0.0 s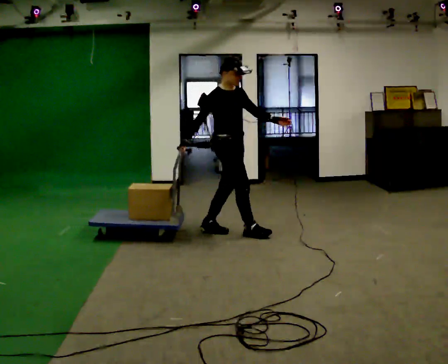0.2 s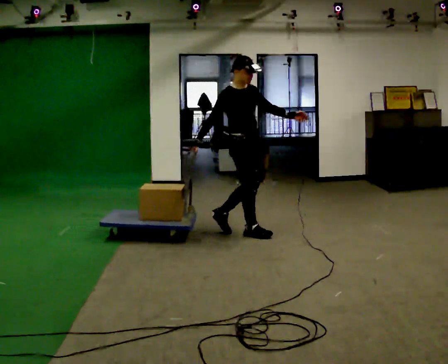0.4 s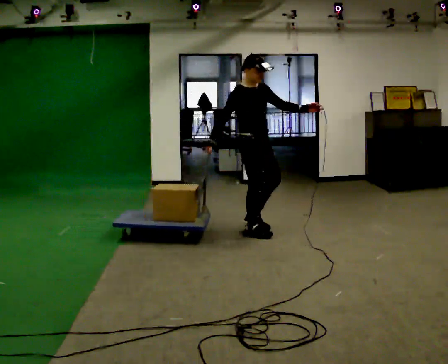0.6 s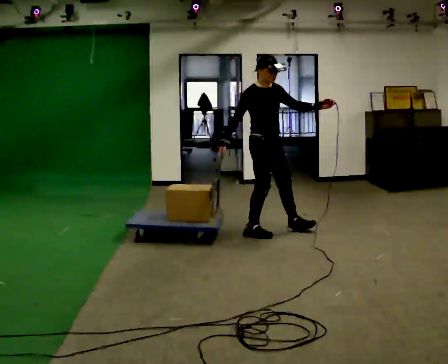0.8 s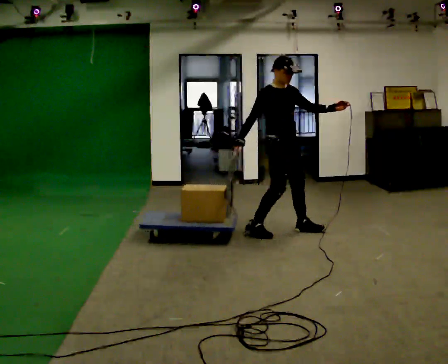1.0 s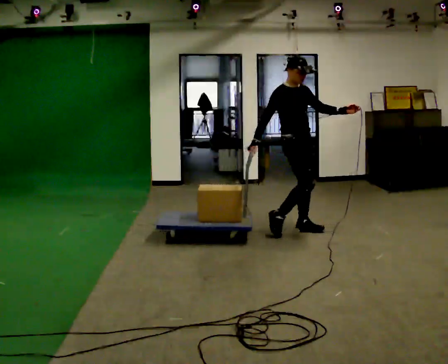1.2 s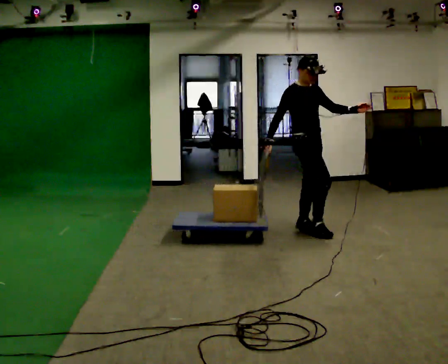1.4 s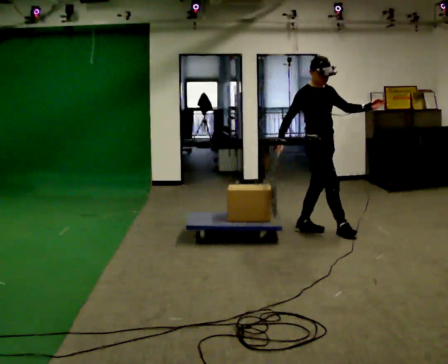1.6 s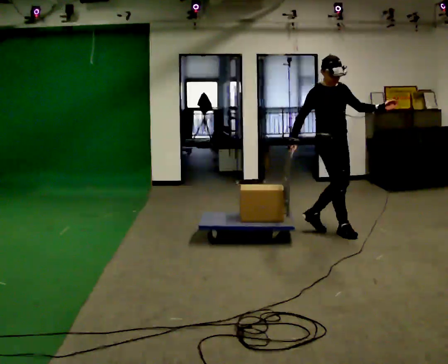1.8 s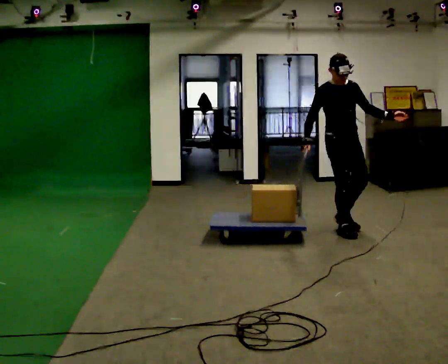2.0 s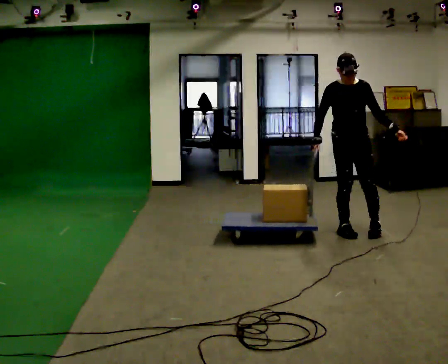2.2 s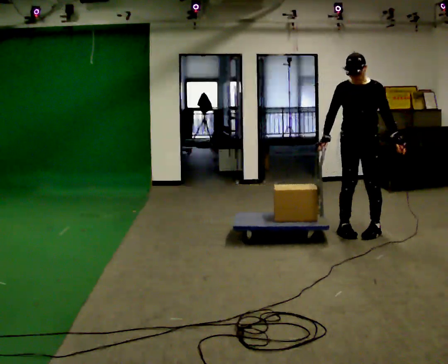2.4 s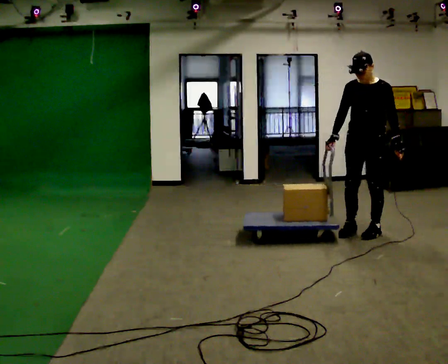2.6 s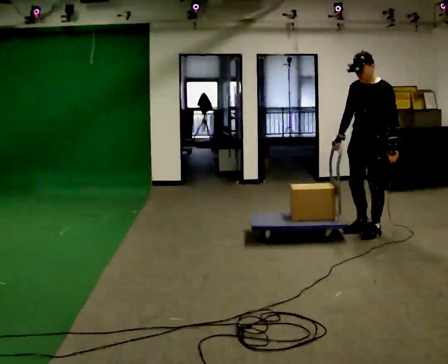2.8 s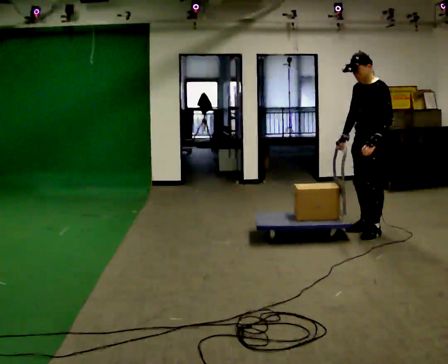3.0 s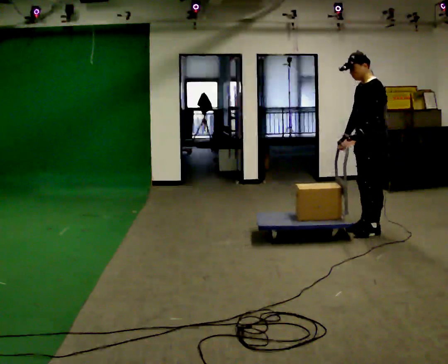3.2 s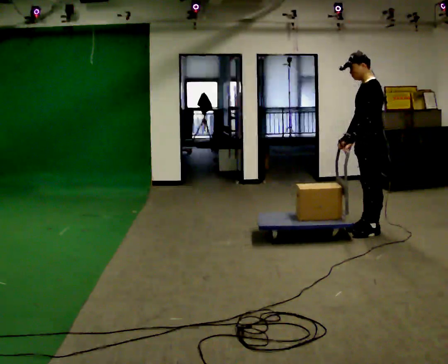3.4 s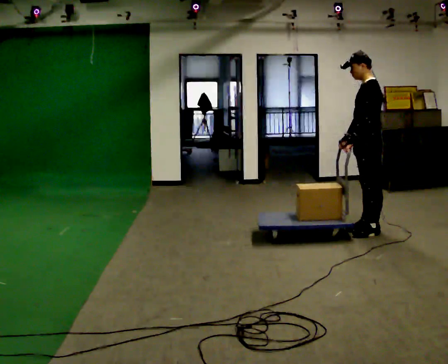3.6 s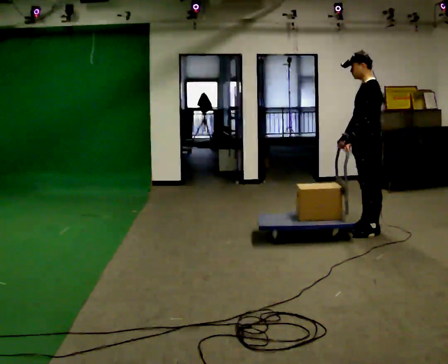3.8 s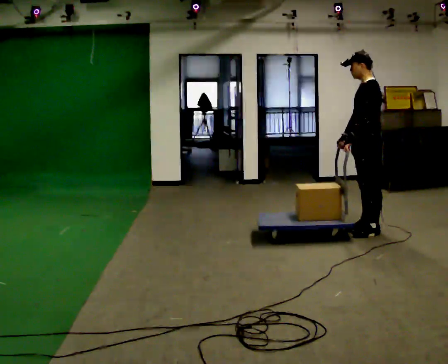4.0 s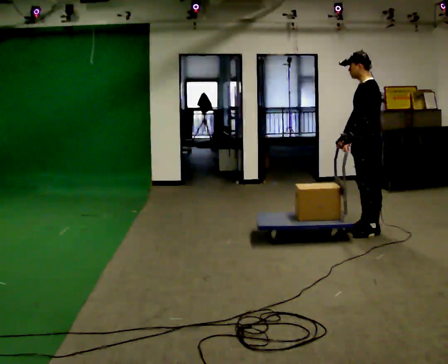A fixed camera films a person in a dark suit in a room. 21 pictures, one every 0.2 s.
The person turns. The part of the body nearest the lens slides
to the left.
The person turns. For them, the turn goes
to their right.
0.0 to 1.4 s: In the picture they go to the right, about 1 m in 2 steps, which for them is forward and to their left.
1.4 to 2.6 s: The person turns about 105 degrees to their right, clockwise seen from above, so the part of the body nearest the lens slides to the left. In the picture they go to the right, about 0.5 m in 2 steps. In the picture their left hand goes downward, the arm swinging clockwise.
2.6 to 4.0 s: Seen from above the body turns clockwise, about 45 degrees: to their right, with its near side sliding to the left. In the picture their left hand goes to the left.
The film runs forward here.
